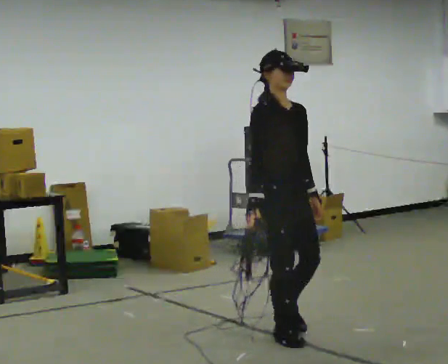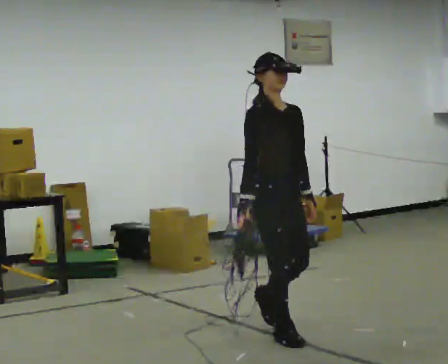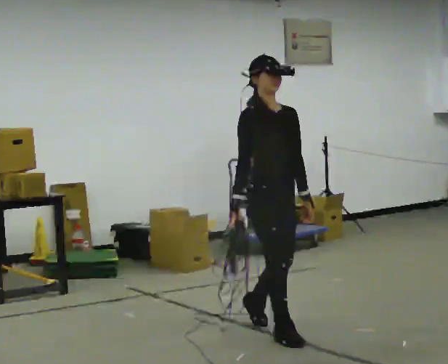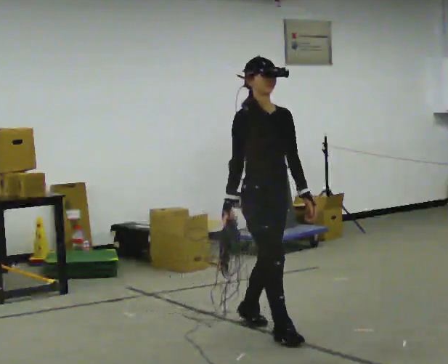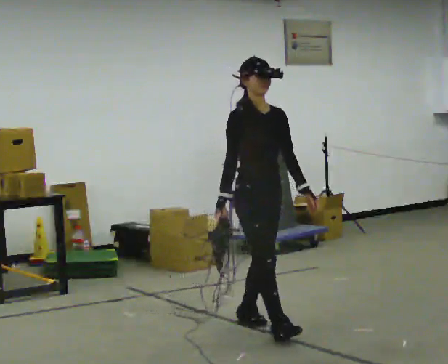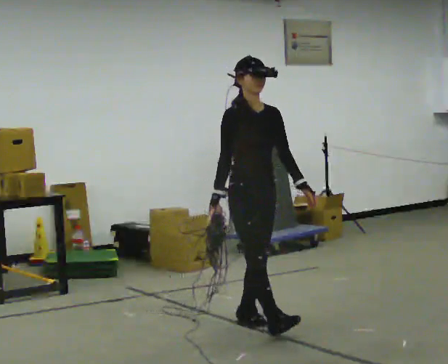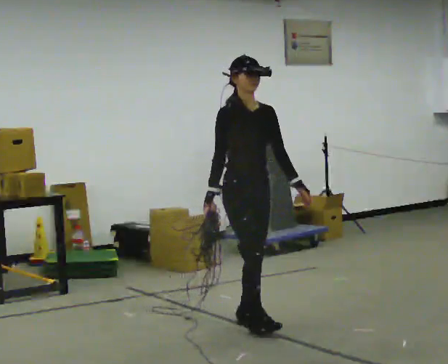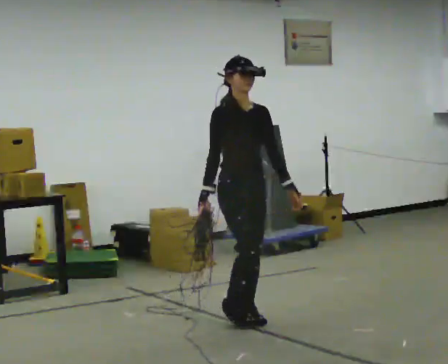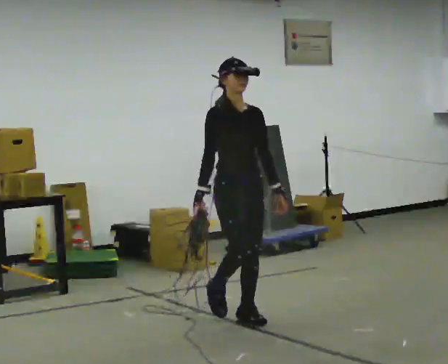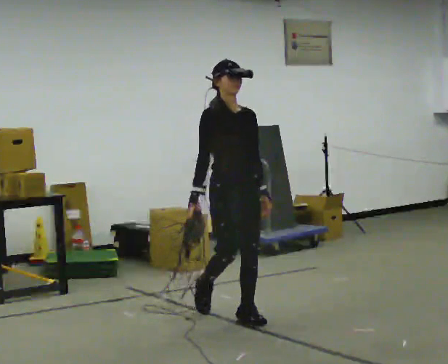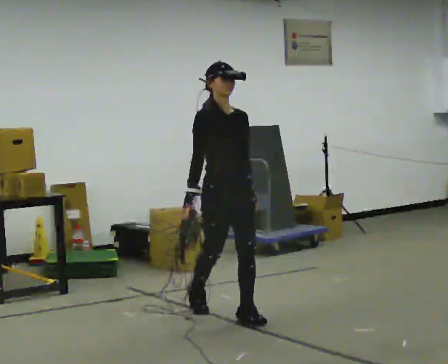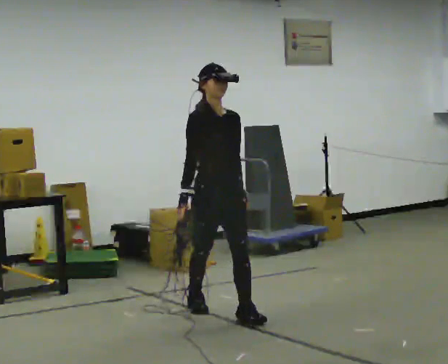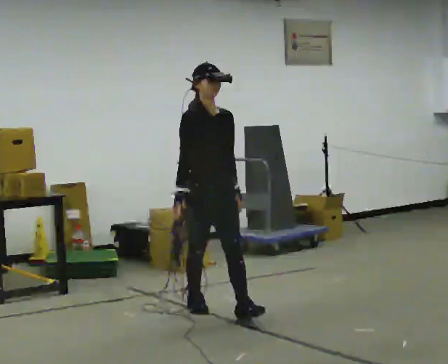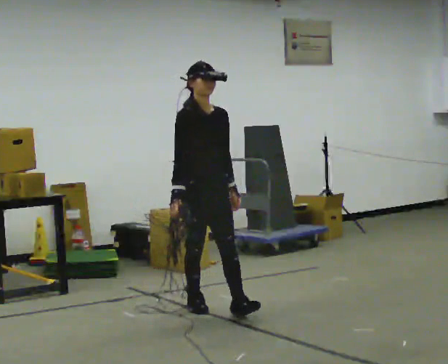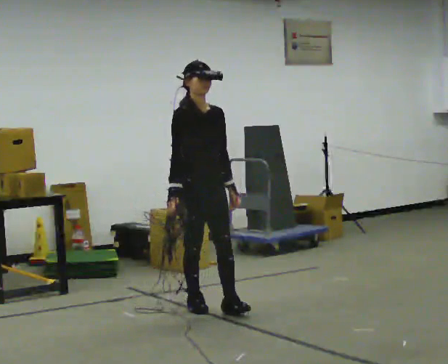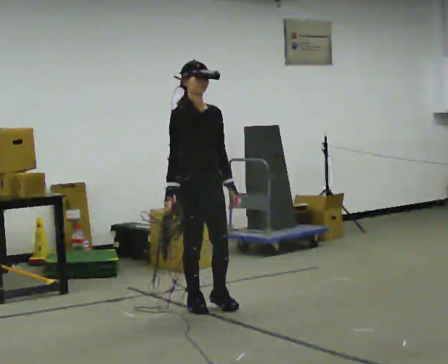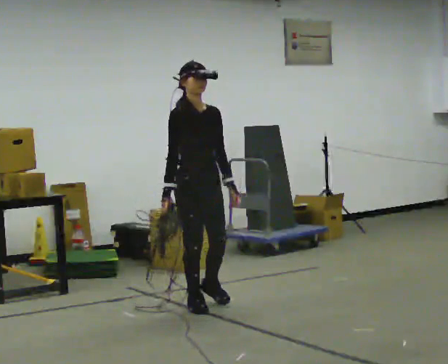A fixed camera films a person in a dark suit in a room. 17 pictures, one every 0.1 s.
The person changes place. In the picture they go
away from the camera.
0.0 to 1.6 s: In the picture they go away from the camera and to the left, about 1 m in 2 steps, which for them is backward.
The film runs backward here.
